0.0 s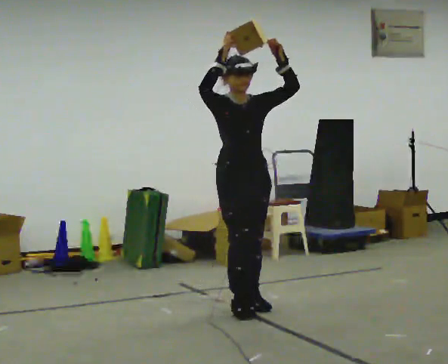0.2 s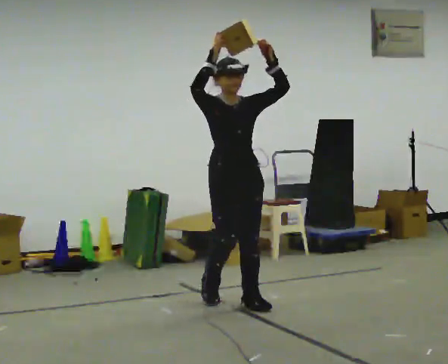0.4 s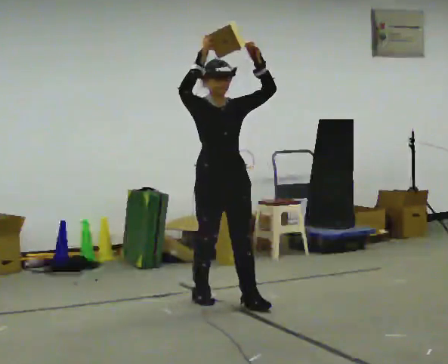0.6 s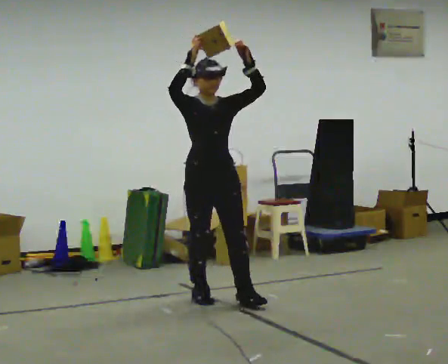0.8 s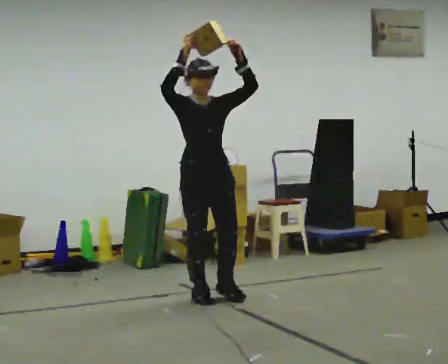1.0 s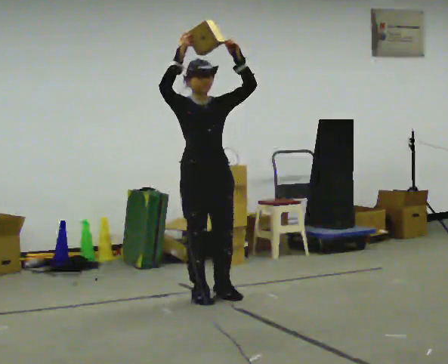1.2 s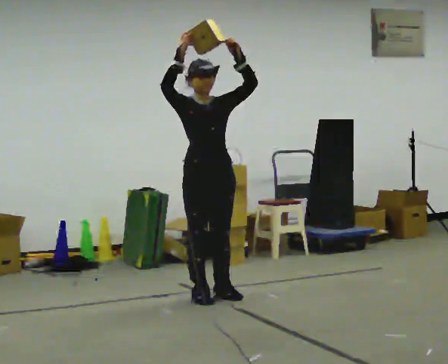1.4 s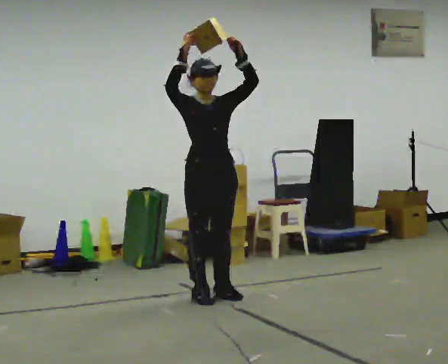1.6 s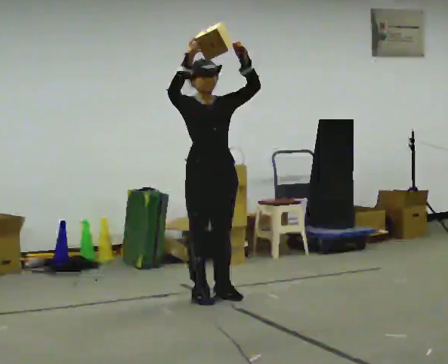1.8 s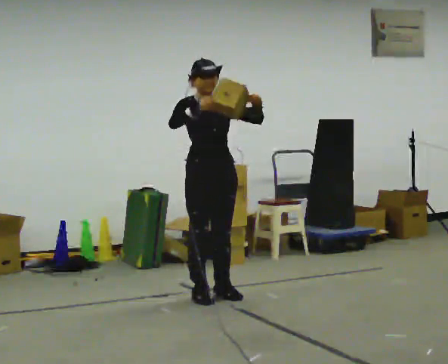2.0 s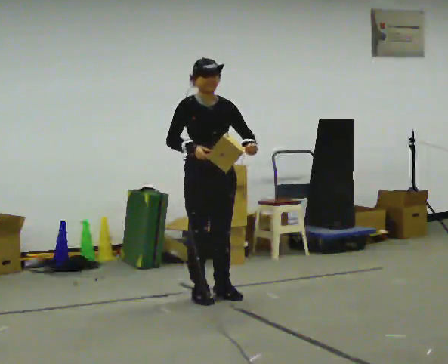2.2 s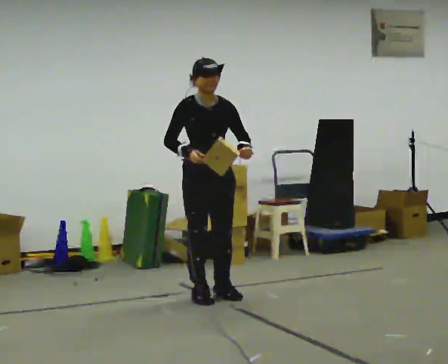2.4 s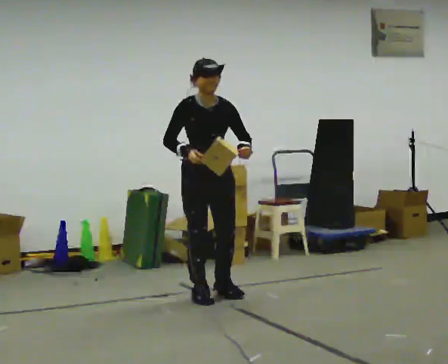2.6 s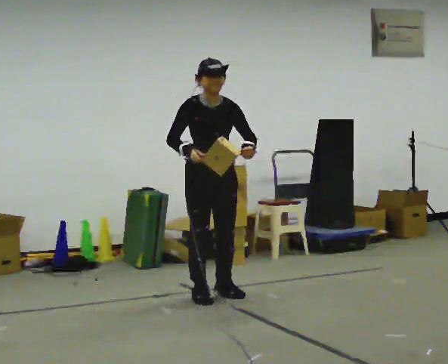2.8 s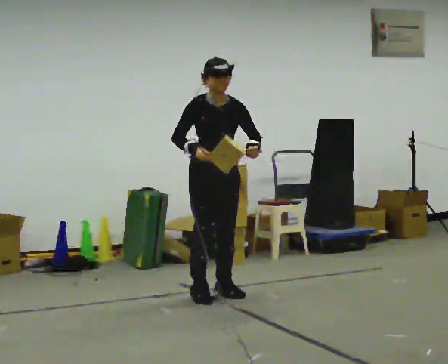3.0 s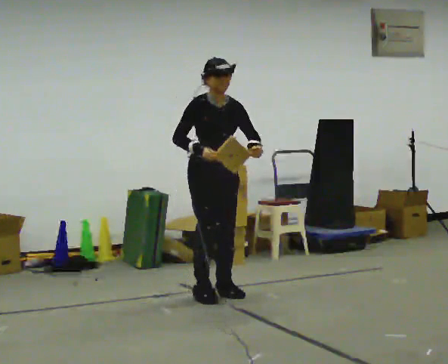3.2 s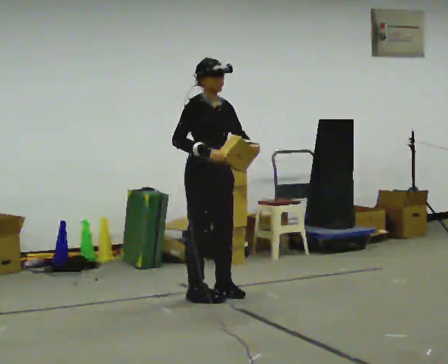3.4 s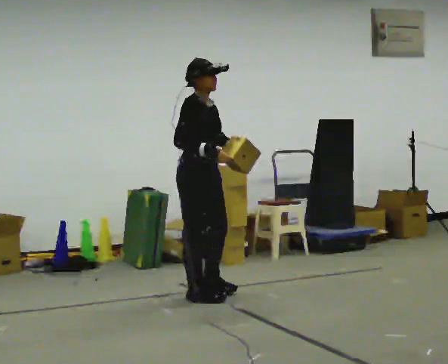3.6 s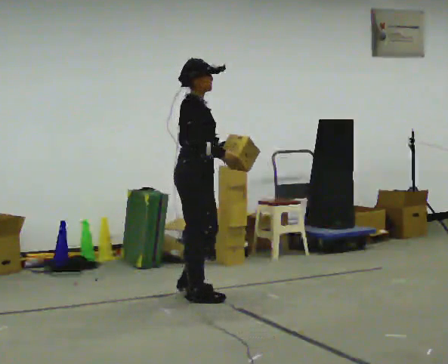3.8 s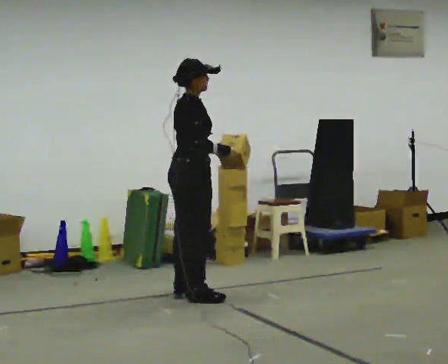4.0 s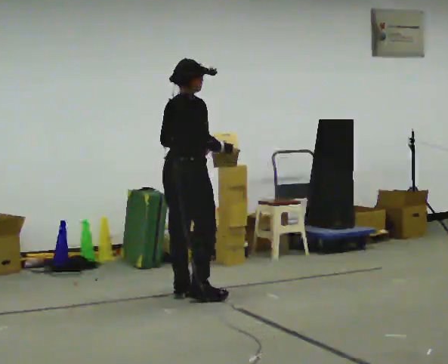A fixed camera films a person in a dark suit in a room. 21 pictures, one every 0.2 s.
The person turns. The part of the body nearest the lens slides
to the right.
Their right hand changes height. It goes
downward.
0.0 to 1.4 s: In the picture they go away from the camera and to the left, about 0.5 m in 1 step, which for them is backward.
1.4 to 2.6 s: In the picture their left hand goes downward, the arm swinging clockwise.
2.6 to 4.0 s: The person turns about 105 degrees to their left, counterclockwise seen from above, so the part of the body nearest the lens slides to the right. In the picture they go to the left, about 0.25 m in 1 step. In the picture their left hand goes to the left.
The film runs backward here.
